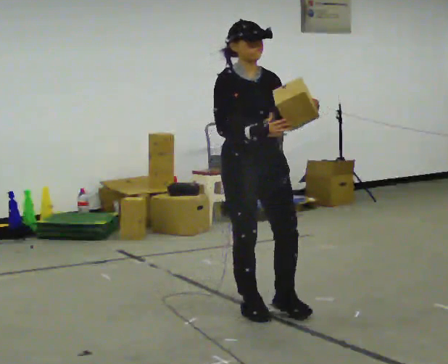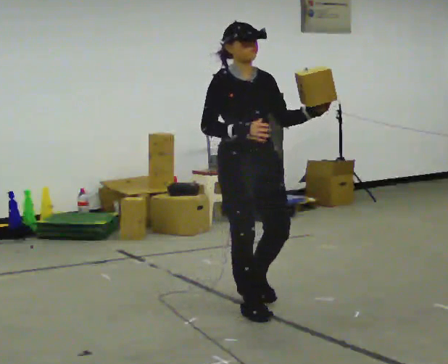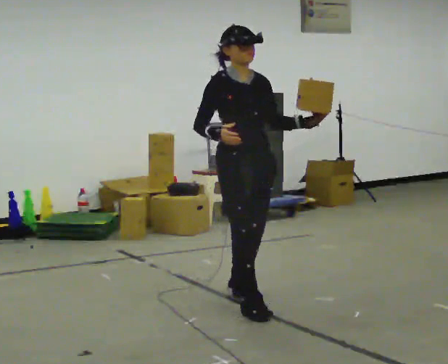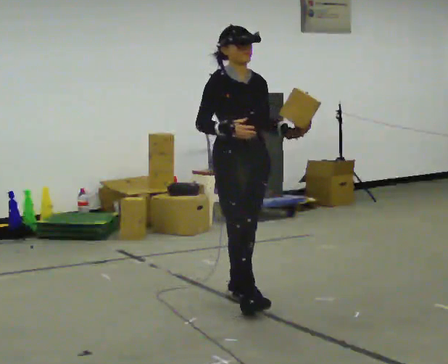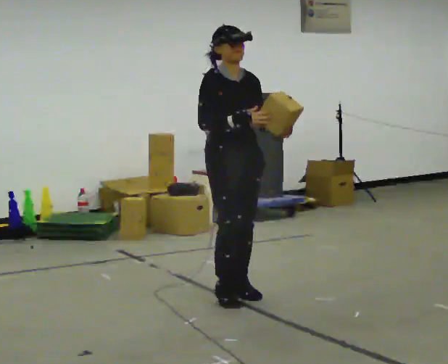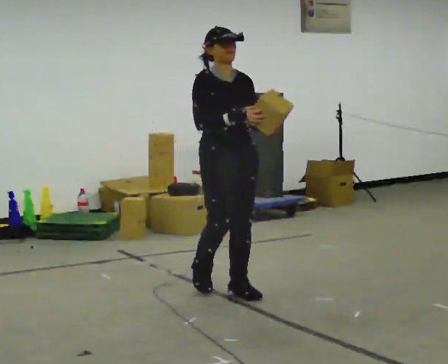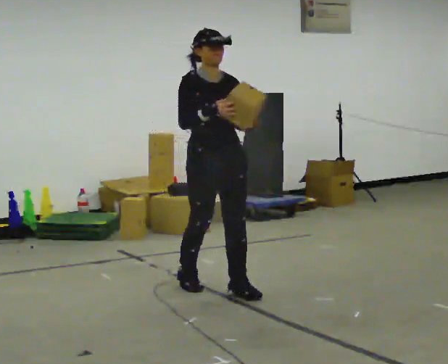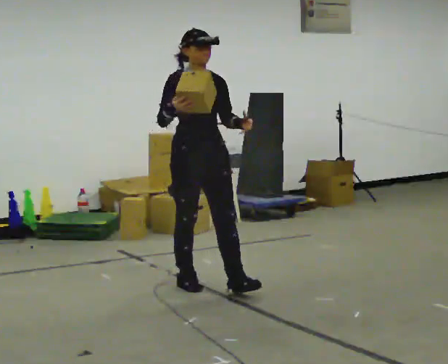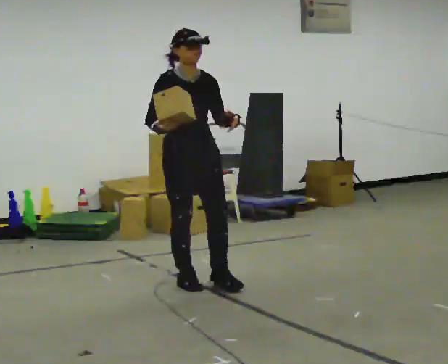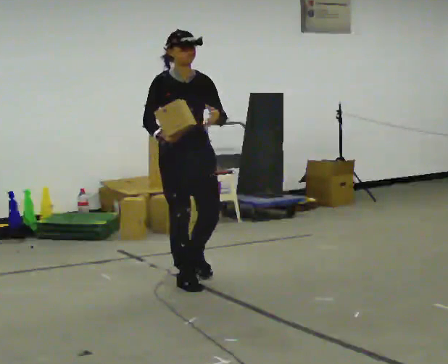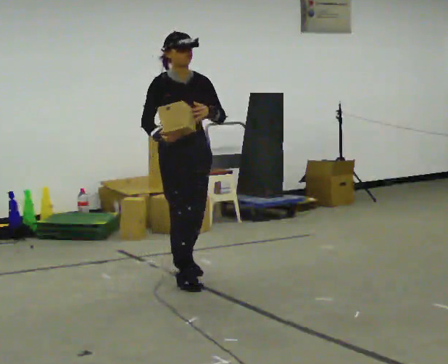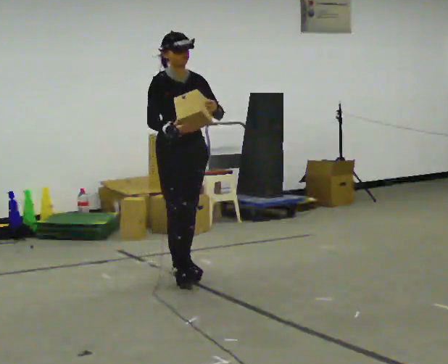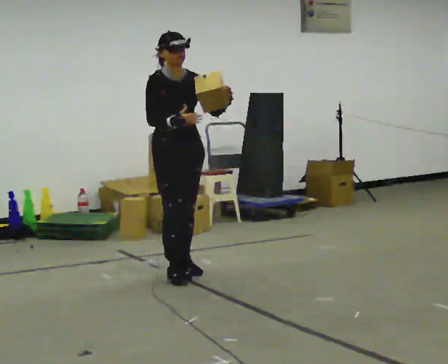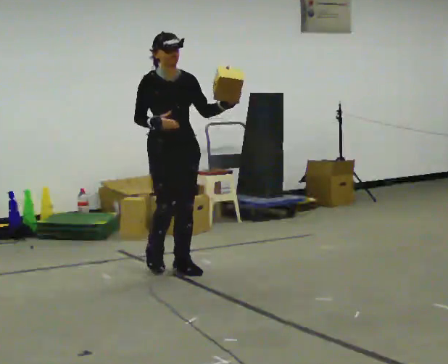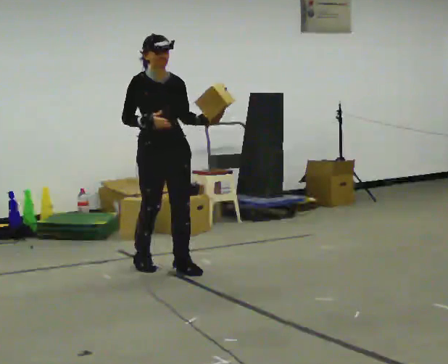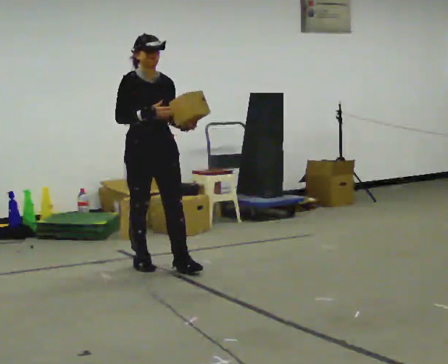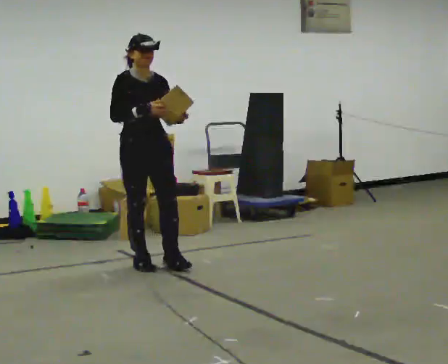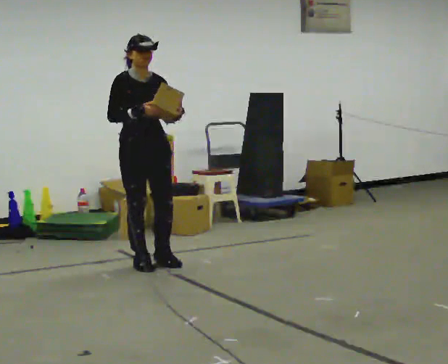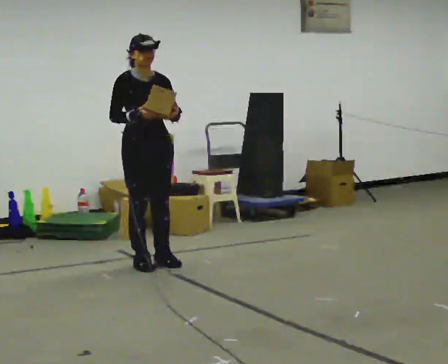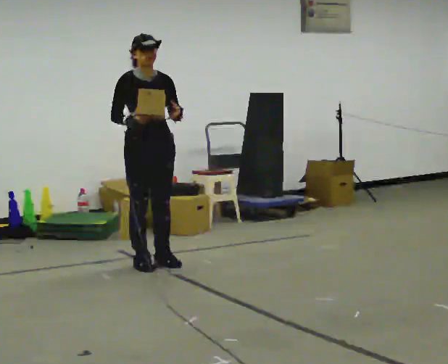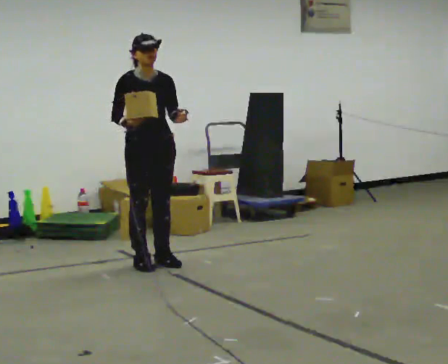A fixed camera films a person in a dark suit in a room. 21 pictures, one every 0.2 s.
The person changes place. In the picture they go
away from the camera.
0.0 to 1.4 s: In the picture they go away from the camera and to the left, about 0.75 m in 1 step, which for them is backward.
1.4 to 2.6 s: In the picture they go away from the camera and to the left, about 0.5 m in 2 steps, which for them is backward.
2.6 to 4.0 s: In the picture they go away from the camera and to the left, about 0.25 m in 1 step, which for them is backward.
The film runs backward here.
